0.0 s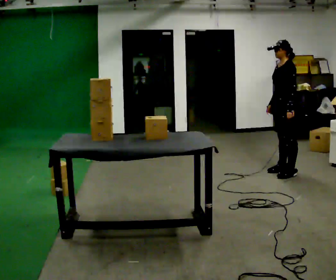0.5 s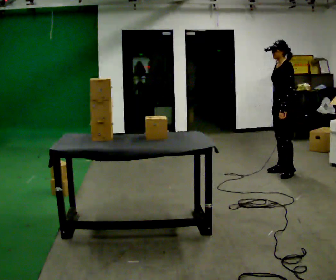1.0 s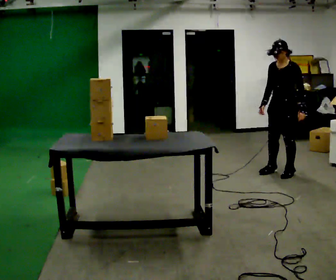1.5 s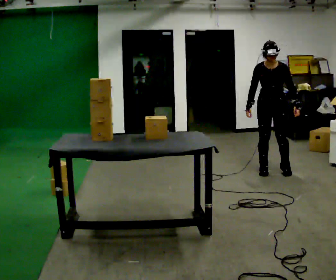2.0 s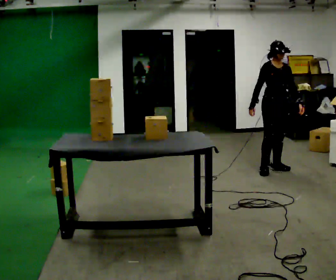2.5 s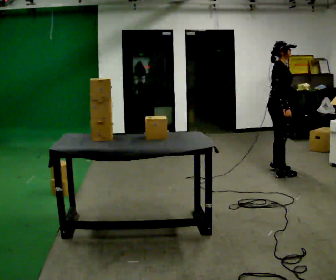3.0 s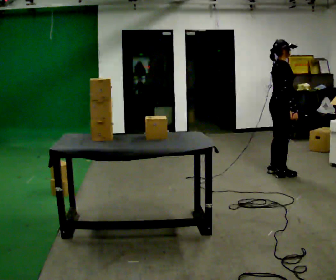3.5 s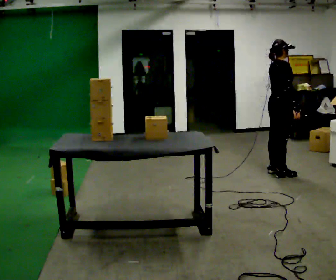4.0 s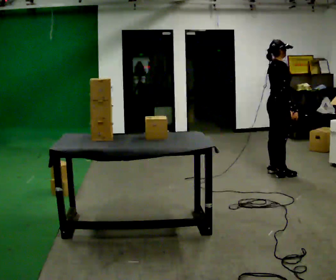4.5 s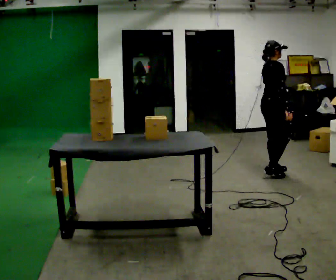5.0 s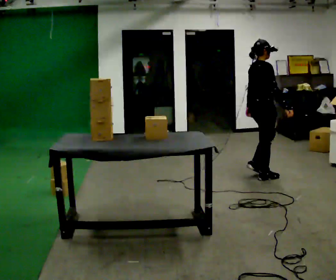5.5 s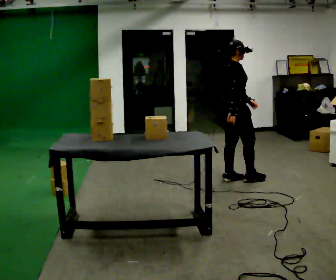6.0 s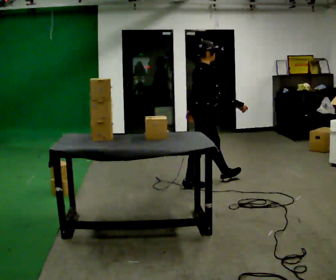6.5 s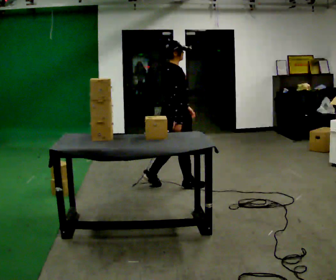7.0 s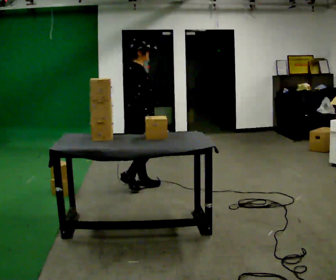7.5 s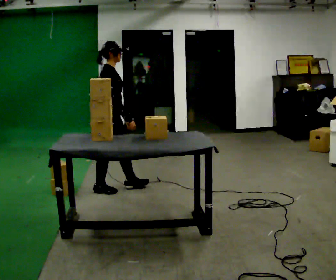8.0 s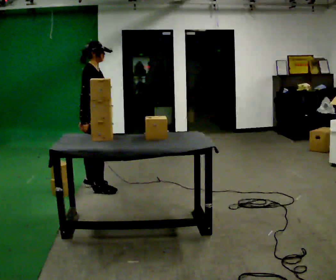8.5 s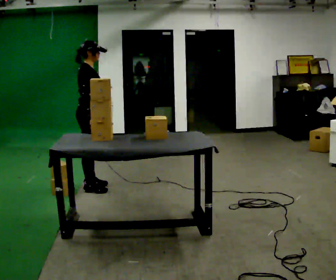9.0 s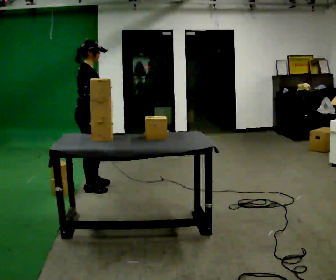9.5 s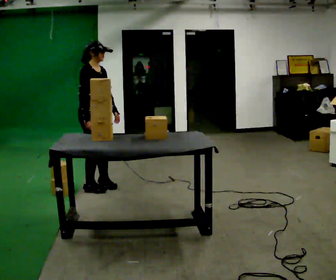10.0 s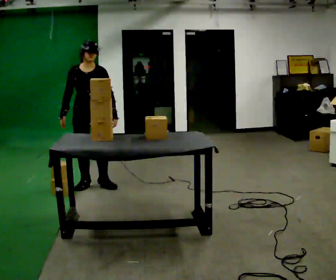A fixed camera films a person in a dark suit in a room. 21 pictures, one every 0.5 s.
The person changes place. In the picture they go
to the left.
0.0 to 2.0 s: The person turns about 105 degrees to their left, counterclockwise seen from above, so the part of the body nearest the lens slides to the right. In the picture they go to the left, about 0.25 m in 2 steps.
2.0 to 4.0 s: The part of the body nearest the lens slides to the right as the person turns to their left by about 75 degrees. In the picture they go toward the camera, about 0.25 m in 2 steps. In the picture their right hand goes to the right, the arm swinging counterclockwise.
4.0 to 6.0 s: In the picture they go to the left and toward the camera, about 1 m in 4 steps, which for them is backward.
6.0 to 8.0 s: In the picture they go to the left and toward the camera, about 1 m in 2 steps, which for them is backward.
8.0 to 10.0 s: Seen from above the body turns clockwise, about 75 degrees: to their right, with its near side sliding to the left.
The film runs backward here.
